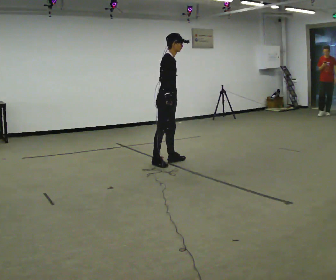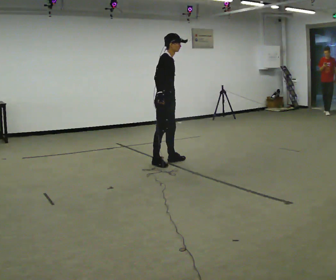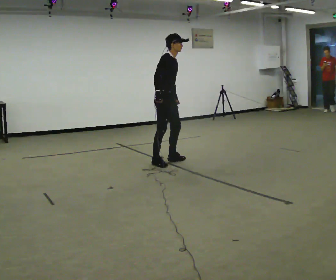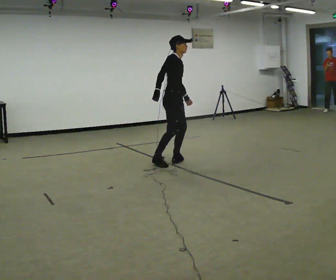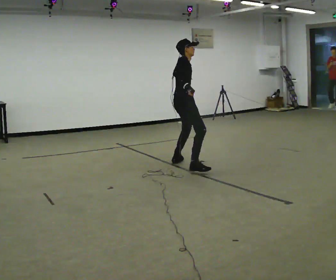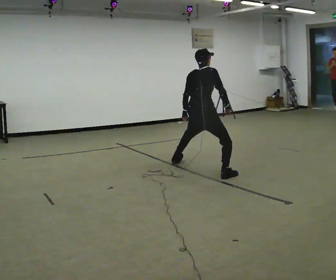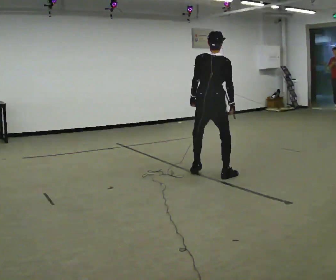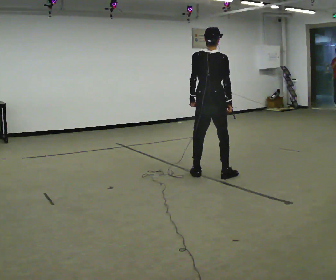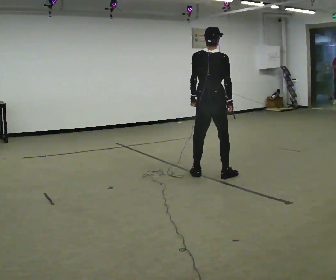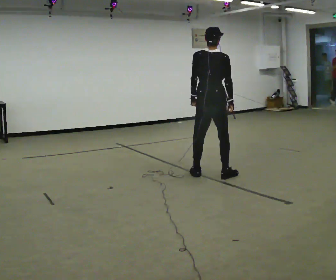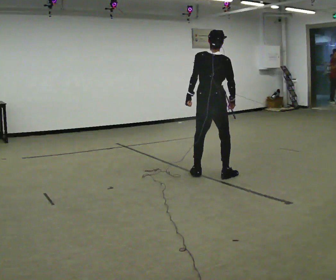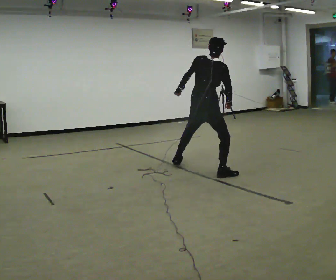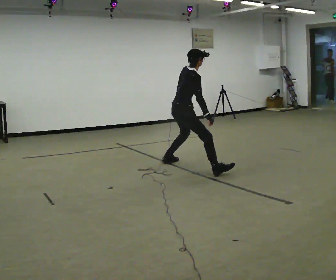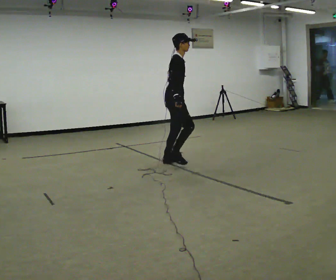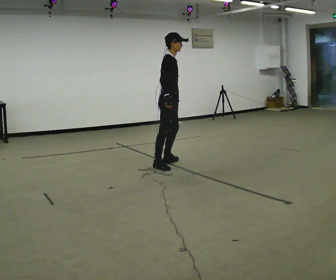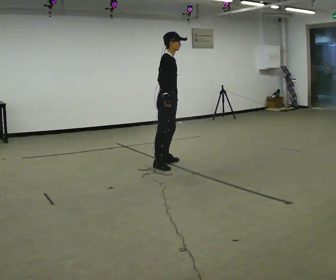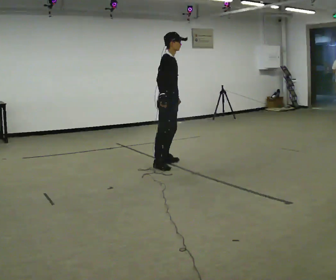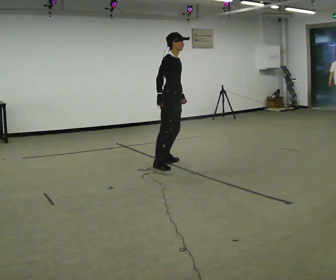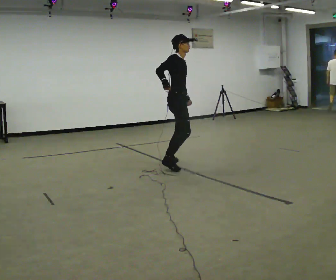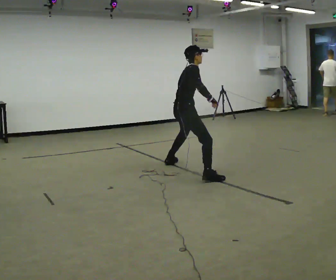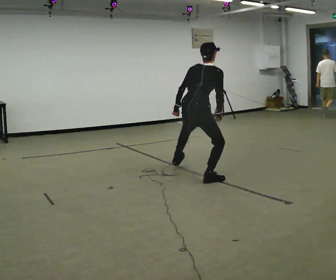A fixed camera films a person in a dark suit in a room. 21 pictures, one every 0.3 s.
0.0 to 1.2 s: In the picture they go to the right, about 0.25 m in 1 step, which for them is forward.
1.2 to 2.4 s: Seen from above the body turns counterclockwise, about 60 degrees: to their left, with its near side sliding to the right. In the picture they go toward the camera and to the right, about 0.5 m in 1 step.
2.4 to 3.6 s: The person turns about 45 degrees to their right, clockwise seen from above, so the part of the body nearest the lens slides to the left. In the picture they go away from the camera and to the left, about 0.5 m in 2 steps, which for them is to their left and forward. The upper body goes downward. In the picture the upper body tilts clockwise, shoulders to the right, as they bend forward.
3.6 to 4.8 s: The part of the body nearest the lens slides to the left as the person turns to their right by about 45 degrees. In the picture they go to the left, about 0.25 m, which for them is backward. The shoulders move upward. In the picture the upper body tilts counterclockwise, shoulders to the left, as they lean back or straighten. In the picture their right hand goes to the left.
4.8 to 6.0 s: Seen from above the body turns counterclockwise, about 60 degrees: to their left, with its near side sliding to the right. In the picture they go toward the camera and to the right, about 0.75 m in 2 steps. The upper body goes downward. The upper body tips away from the camera, its near side rolling upward, as they bend forward.
The film runs backward here.
